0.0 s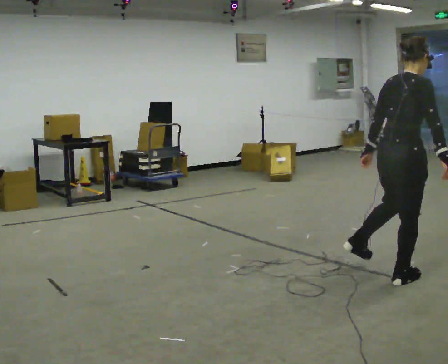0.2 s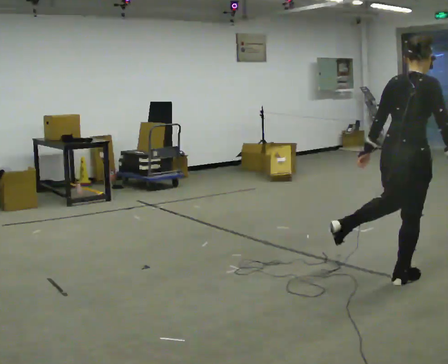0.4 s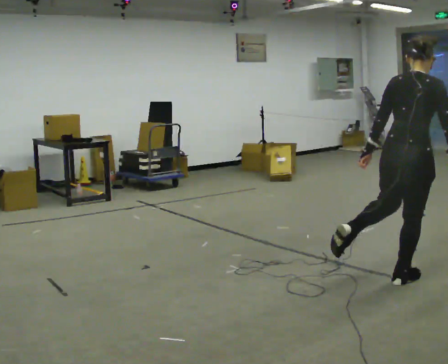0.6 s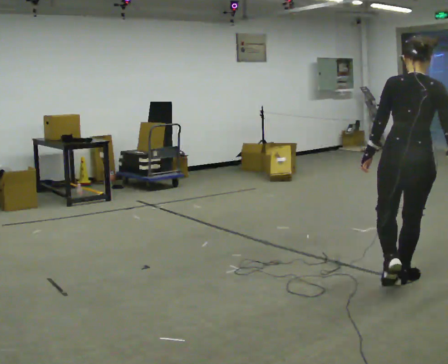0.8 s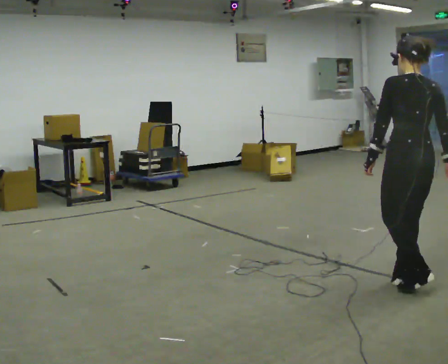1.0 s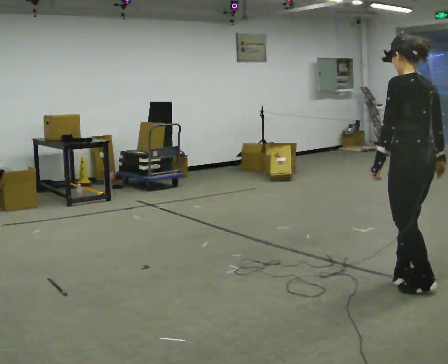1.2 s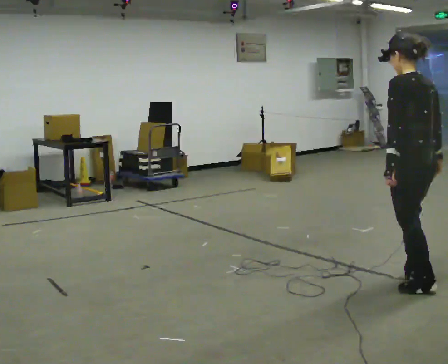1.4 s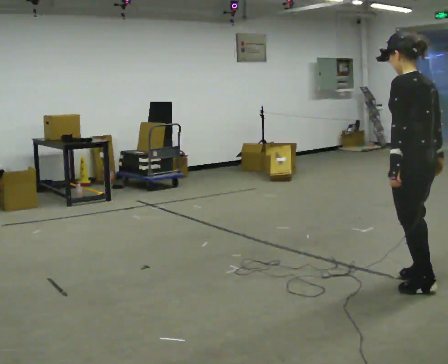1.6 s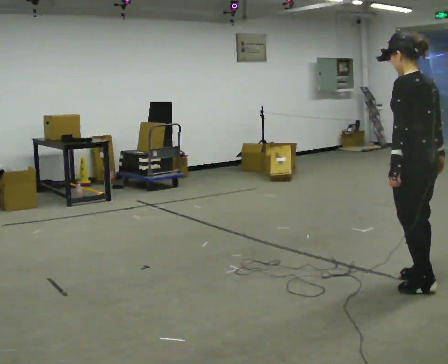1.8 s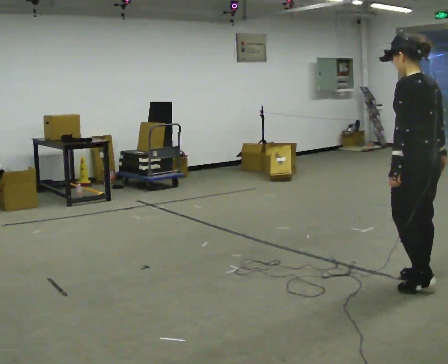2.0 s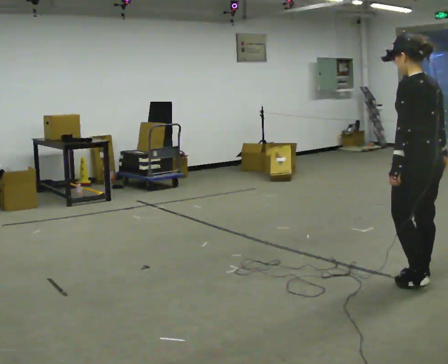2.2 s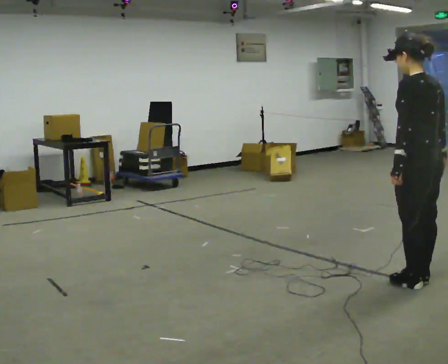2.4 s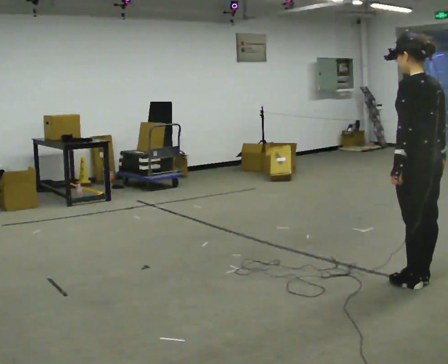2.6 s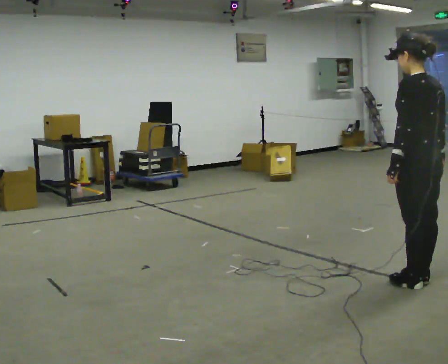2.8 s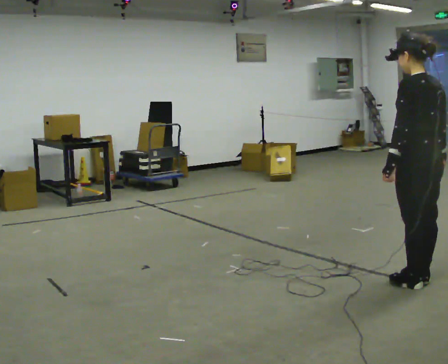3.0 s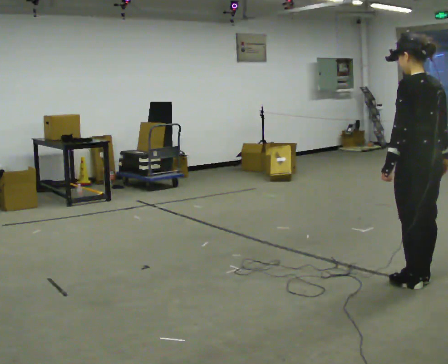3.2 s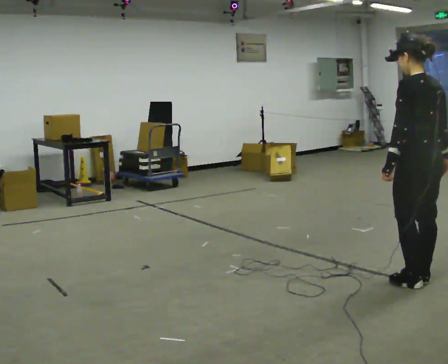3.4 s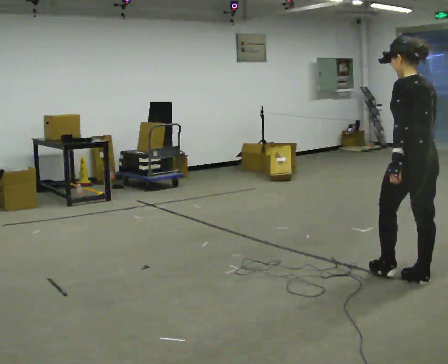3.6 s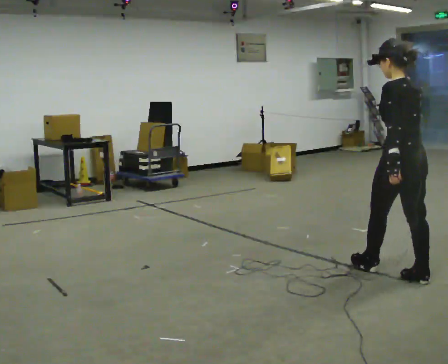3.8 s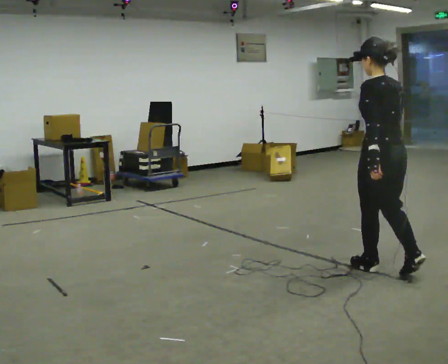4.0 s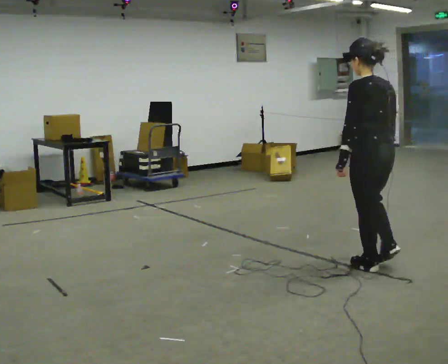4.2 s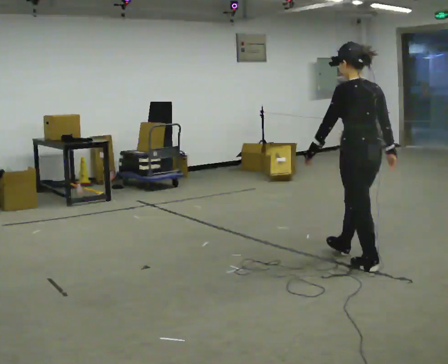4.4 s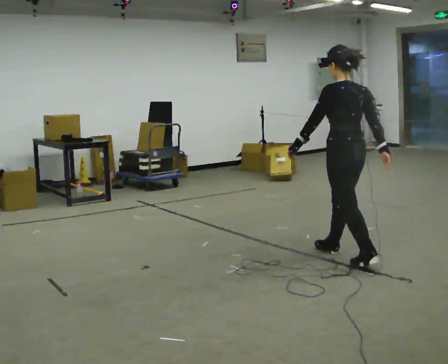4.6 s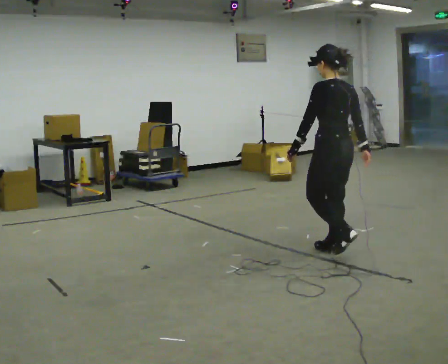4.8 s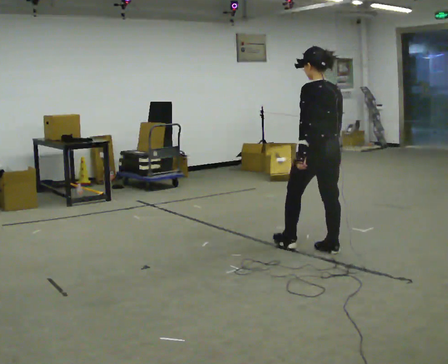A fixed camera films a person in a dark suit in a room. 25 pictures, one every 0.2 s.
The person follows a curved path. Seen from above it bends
counterclockwise.
0.0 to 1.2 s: The part of the body nearest the lens slides to the right as the person turns to their left by about 90 degrees. In the picture they go toward the camera, about 0.25 m in 1 step.
1.2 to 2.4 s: The person moves a little, or ends about where they began.
2.4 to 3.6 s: In the picture they go away from the camera, about 0.25 m in 1 step, which for them is forward.
3.6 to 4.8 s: In the picture they go to the left and away from the camera, about 1 m in 1 step, which for them is forward.
The film runs forward here.
